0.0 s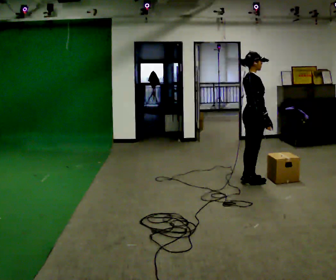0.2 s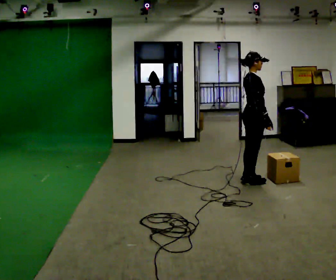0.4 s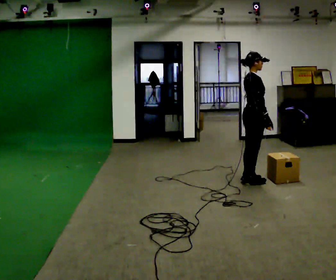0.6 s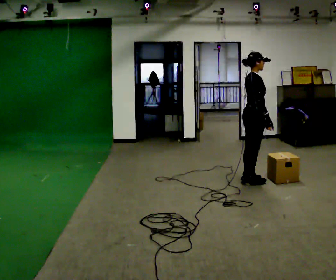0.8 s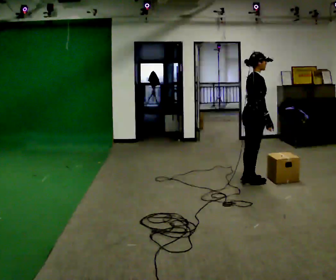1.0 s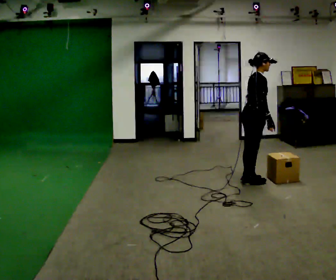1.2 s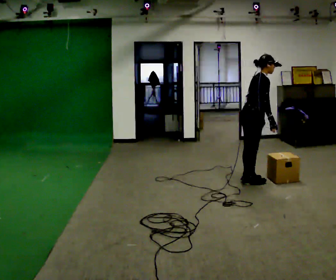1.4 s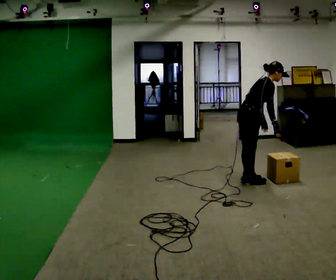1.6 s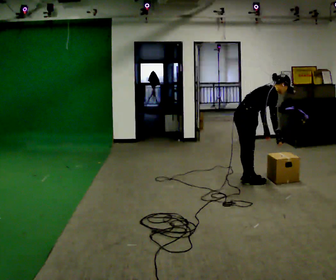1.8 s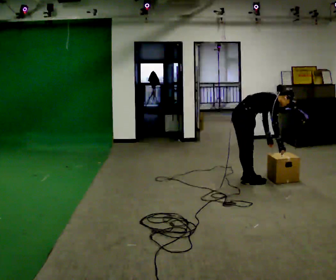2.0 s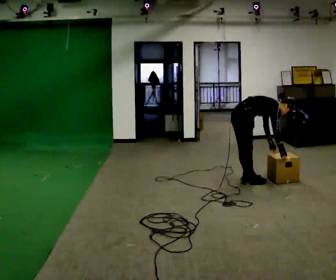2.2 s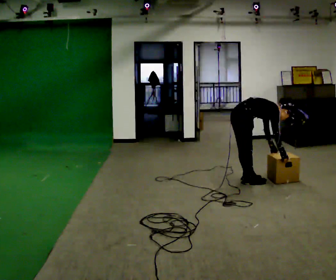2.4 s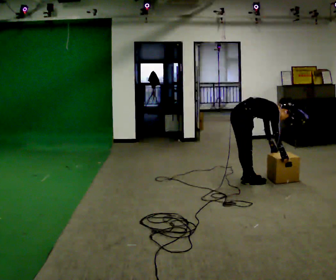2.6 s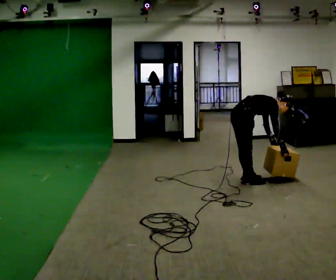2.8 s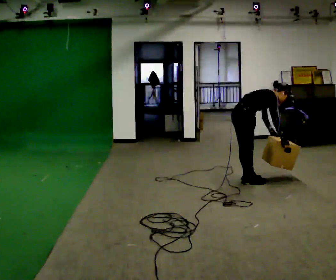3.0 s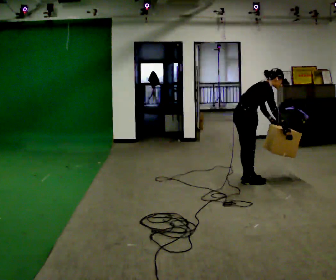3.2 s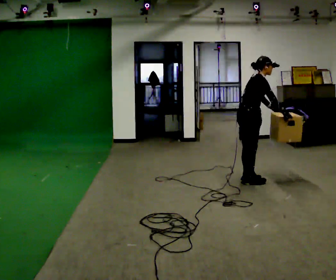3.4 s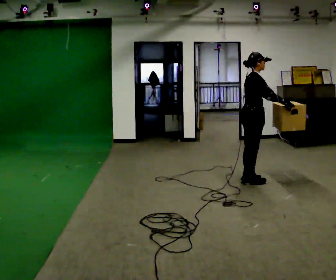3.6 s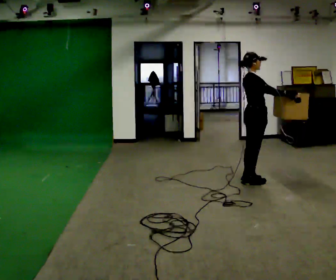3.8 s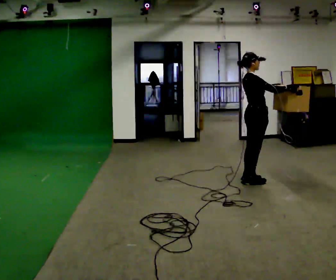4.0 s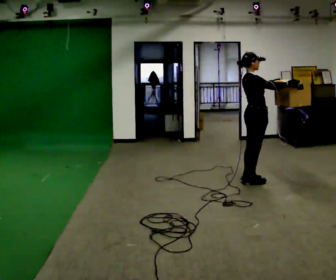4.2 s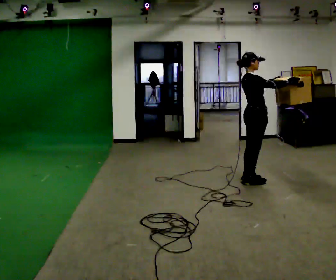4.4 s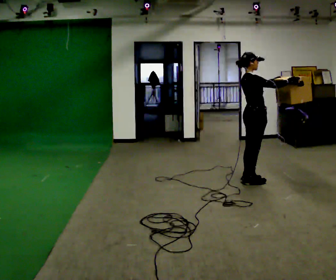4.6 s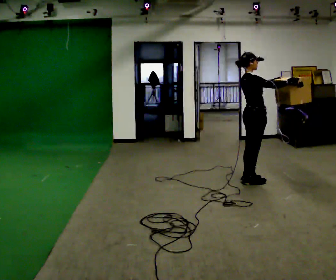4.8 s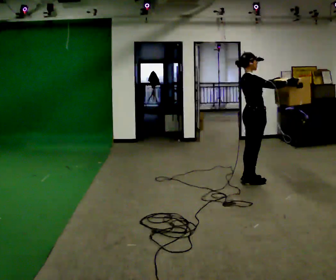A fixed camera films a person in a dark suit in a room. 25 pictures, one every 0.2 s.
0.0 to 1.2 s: In the picture the upper body tilts clockwise, shoulders to the right, as they bend forward.
1.2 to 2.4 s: The shoulders move downward. In the picture the upper body tilts clockwise, shoulders to the right, as they bend forward. In the picture their right hand goes downward.
2.4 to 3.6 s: The upper body goes upward. In the picture the upper body tilts counterclockwise, shoulders to the left, as they lean back or straighten. In the picture their right hand goes upward, the arm swinging counterclockwise.
3.6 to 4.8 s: The person moves a little, or ends about where they began.
The film runs forward here.
